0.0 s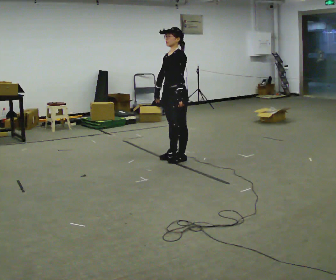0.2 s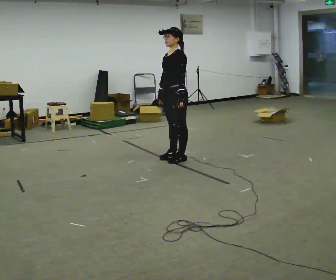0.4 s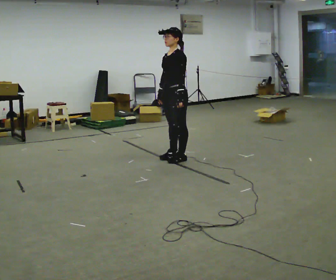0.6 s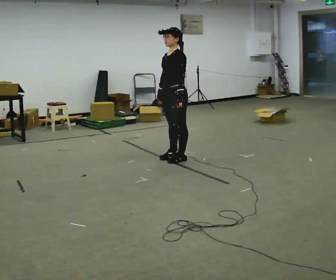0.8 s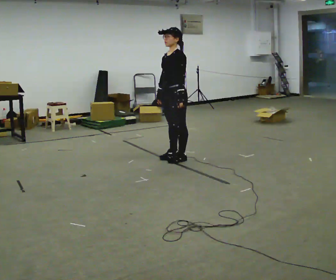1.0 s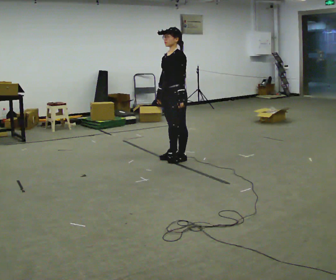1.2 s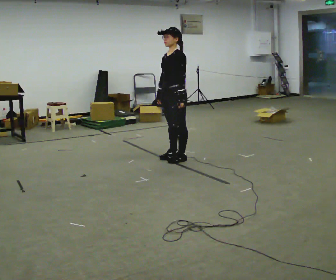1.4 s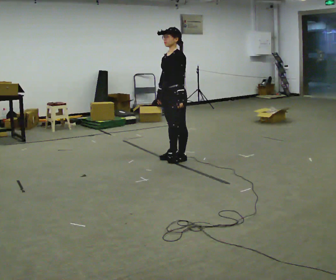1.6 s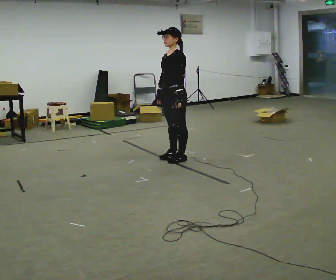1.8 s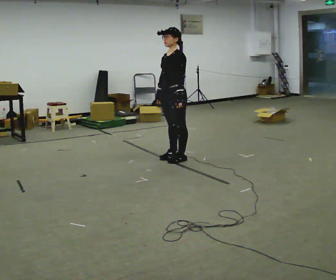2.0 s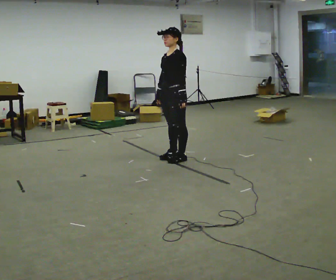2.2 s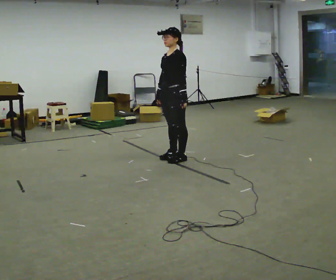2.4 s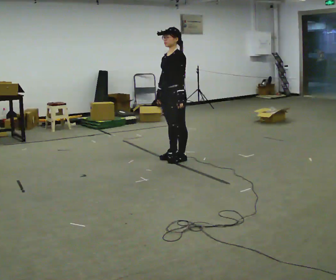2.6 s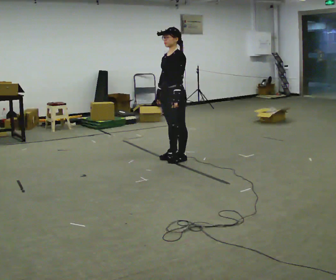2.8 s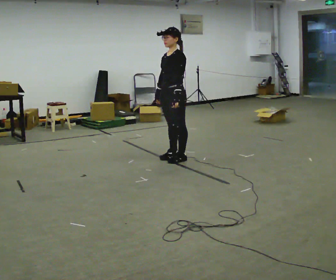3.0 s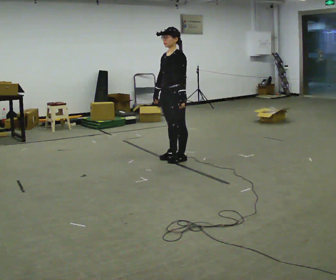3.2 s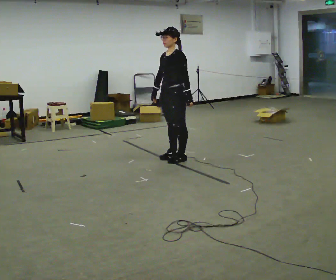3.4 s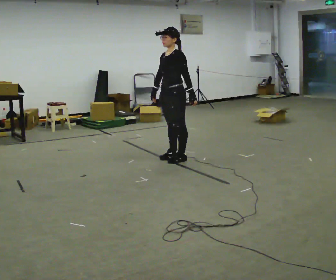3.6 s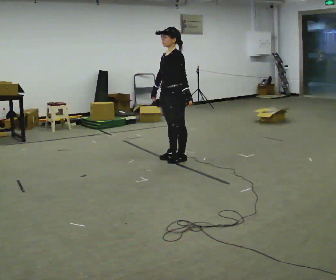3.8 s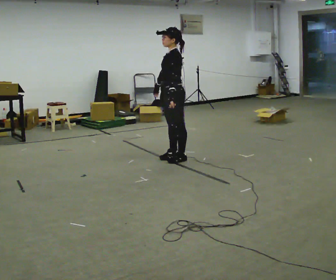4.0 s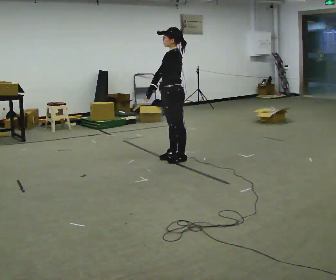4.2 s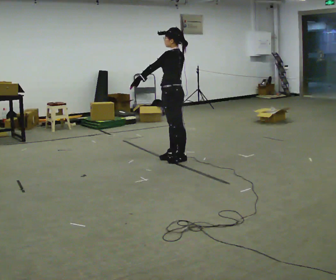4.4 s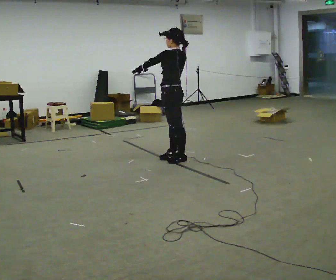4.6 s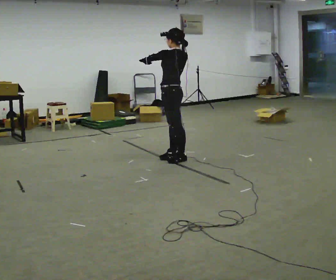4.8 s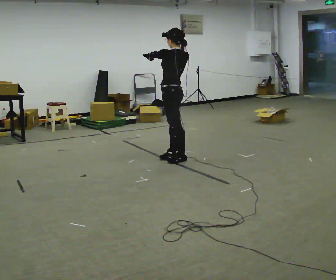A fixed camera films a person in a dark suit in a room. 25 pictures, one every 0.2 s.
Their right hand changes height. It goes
upward.
Their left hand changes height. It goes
upward.
0.0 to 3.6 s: The person moves a little, or ends about where they began.
3.6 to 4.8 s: Seen from above the body turns clockwise, about 45 degrees: to their right, with its near side sliding to the left. In the picture their left hand goes to the left and upward, the arm swinging clockwise.
The film runs backward here.
